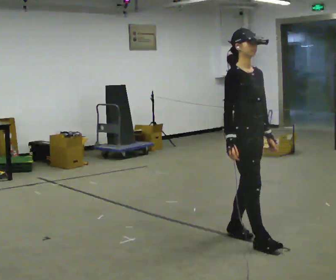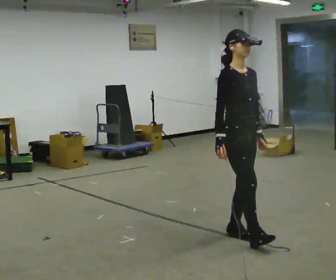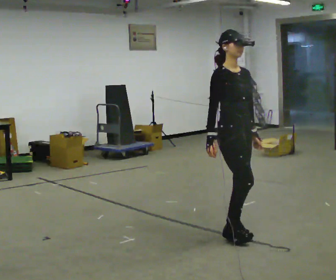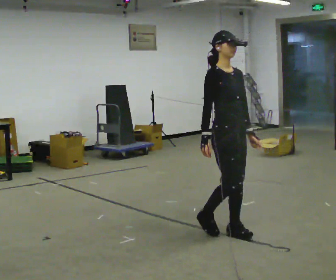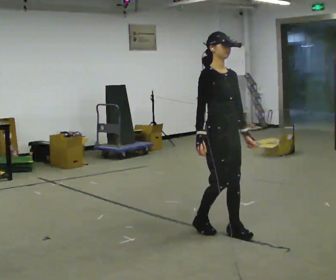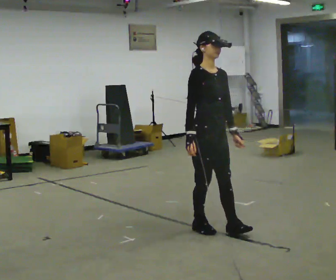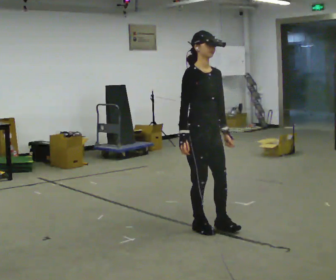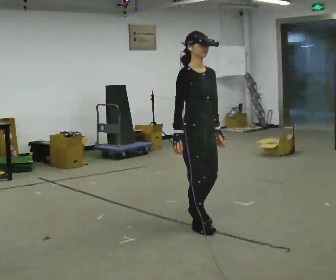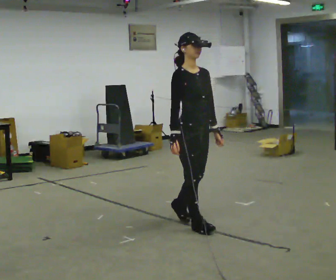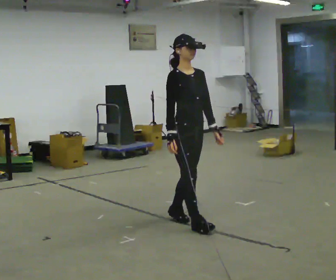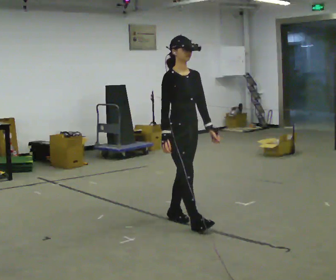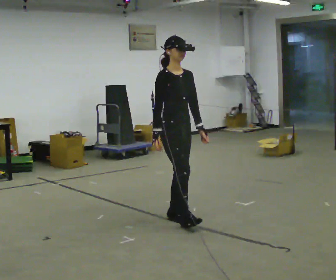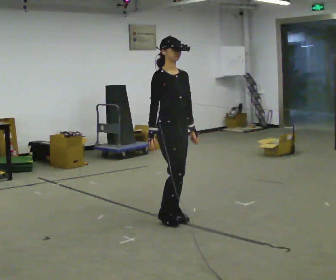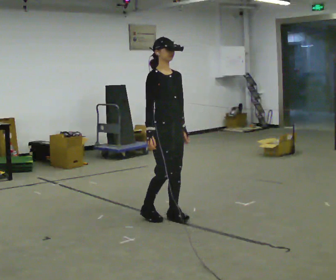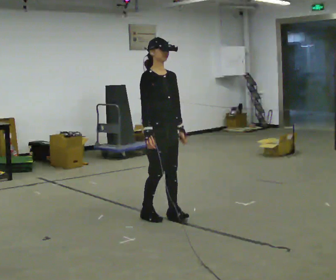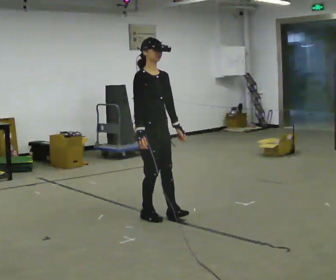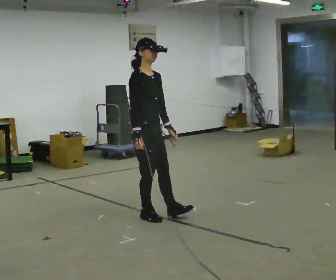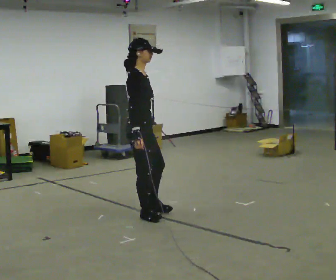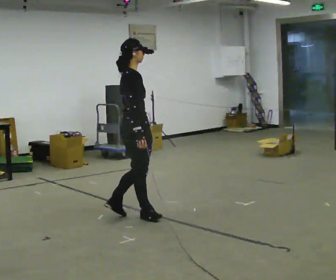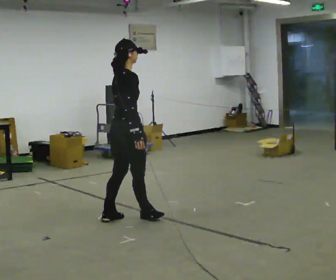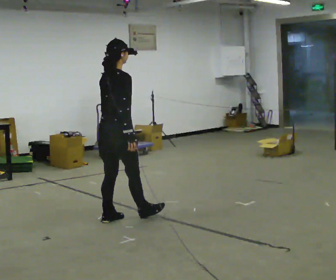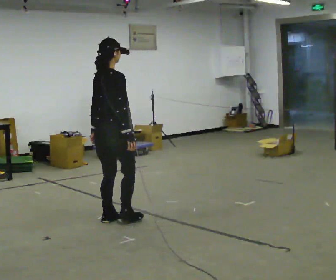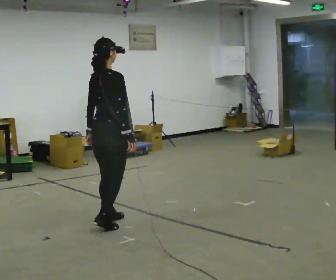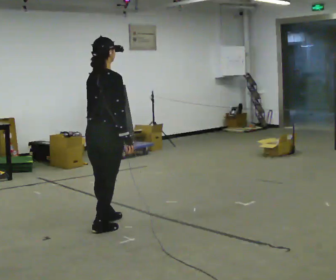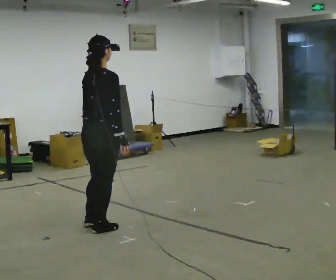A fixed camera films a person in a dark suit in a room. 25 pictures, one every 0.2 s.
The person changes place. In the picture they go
to the left.
The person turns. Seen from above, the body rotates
counterclockwise.
0.0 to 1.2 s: In the picture they go to the left and away from the camera, about 0.5 m in 1 step, which for them is backward.
1.2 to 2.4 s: In the picture they go away from the camera and to the left, about 0.5 m in 1 step, which for them is backward.
2.4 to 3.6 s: The part of the body nearest the lens slides to the right as the person turns to their left by about 60 degrees. In the picture they go to the left, about 0.25 m in 1 step, which for them is backward and to their right.
3.6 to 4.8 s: The person turns about 30 degrees to their left, counterclockwise seen from above, so the part of the body nearest the lens slides to the right. In the picture they go toward the camera and to the left, about 0.5 m in 2 steps, which for them is backward.
The film runs forward here.
